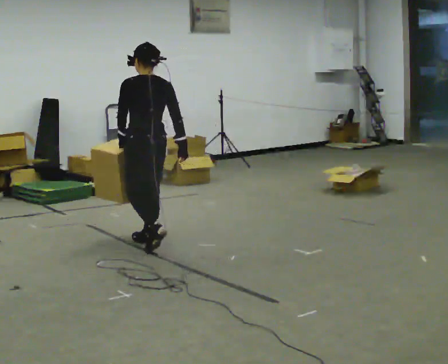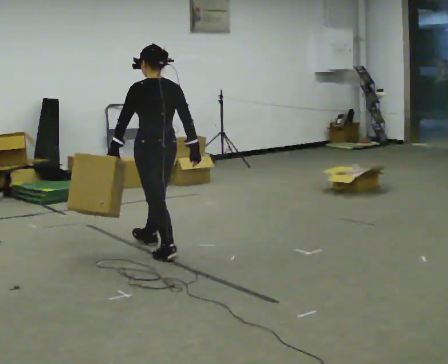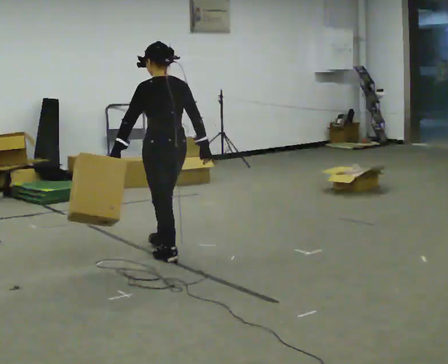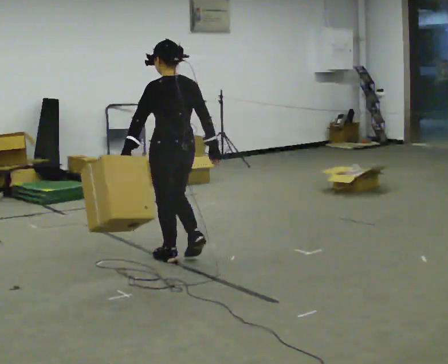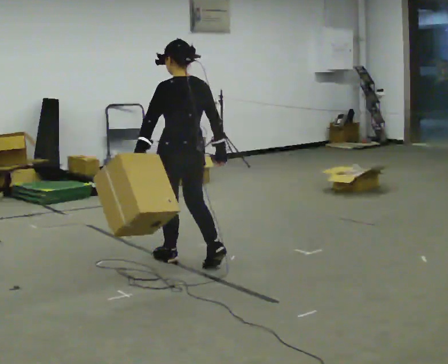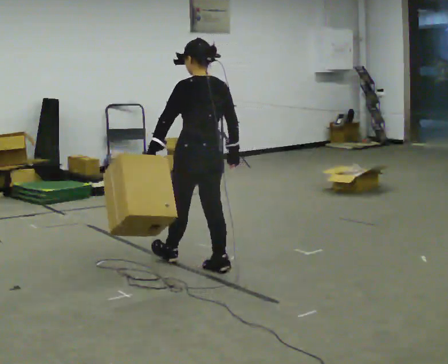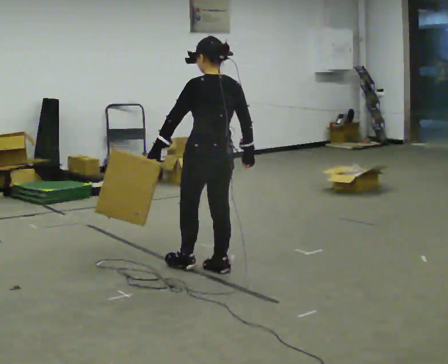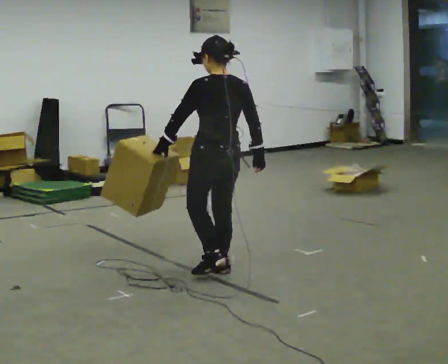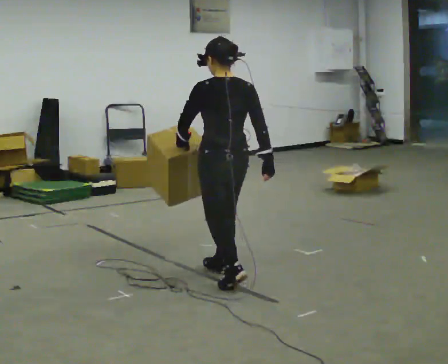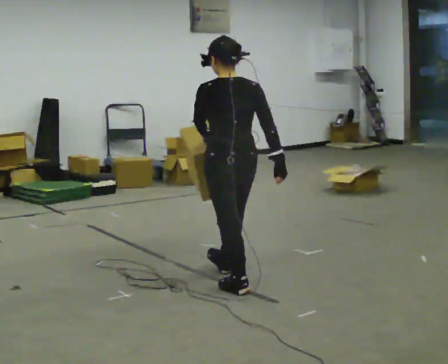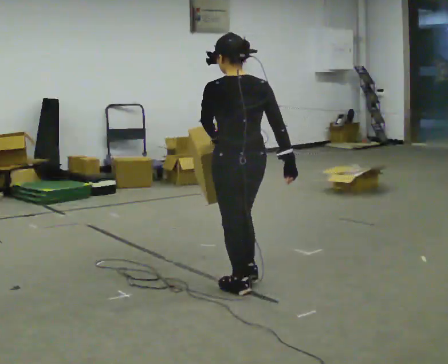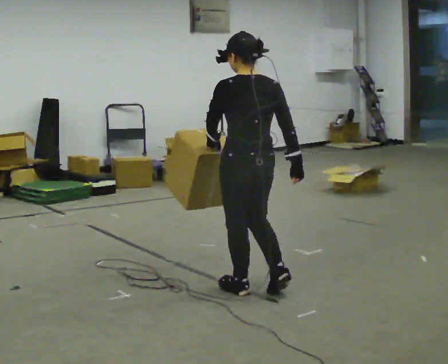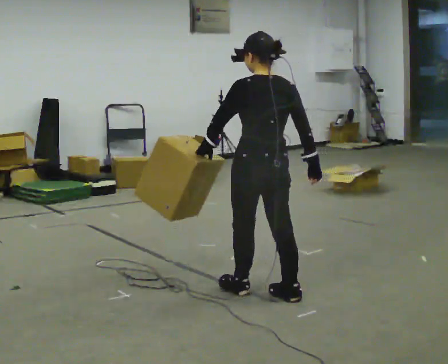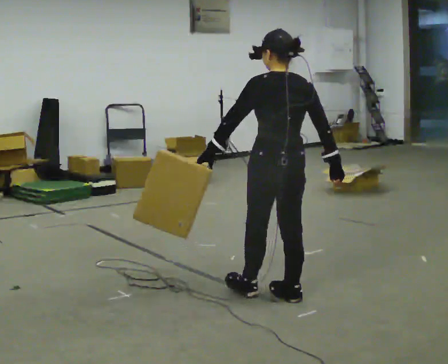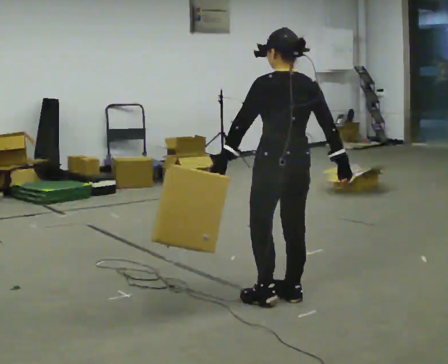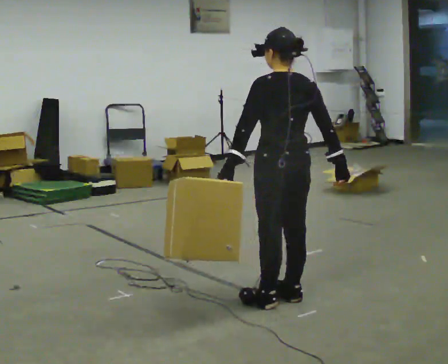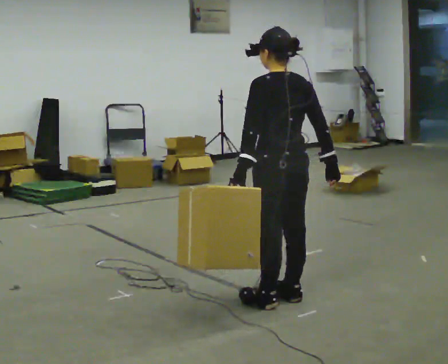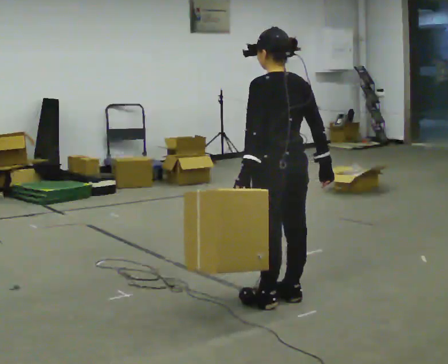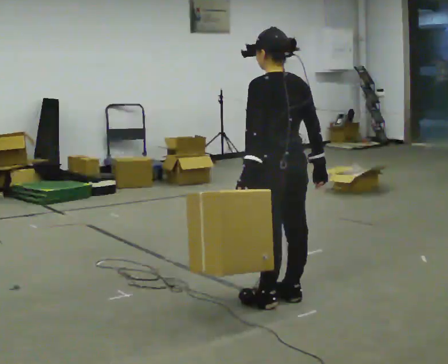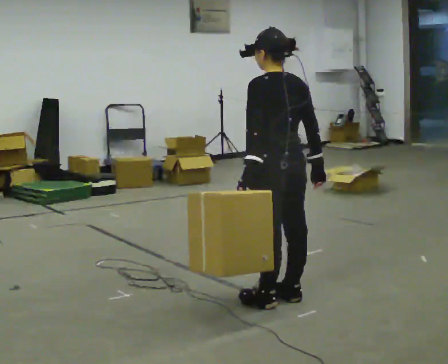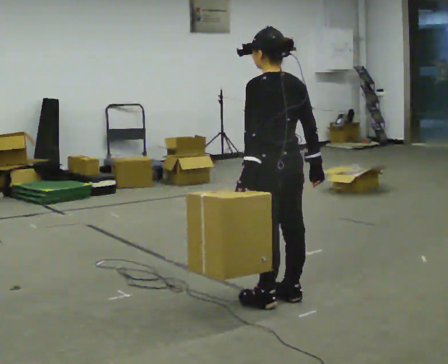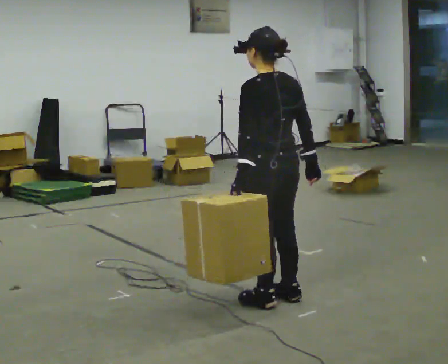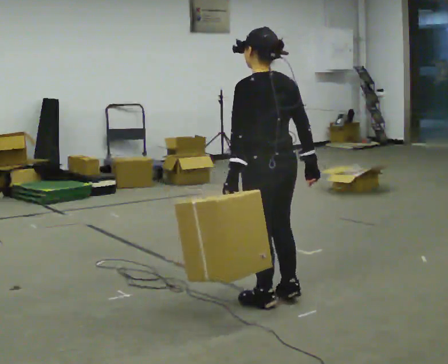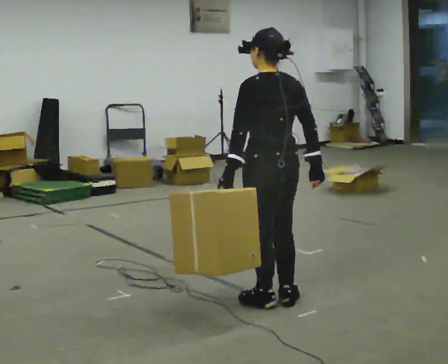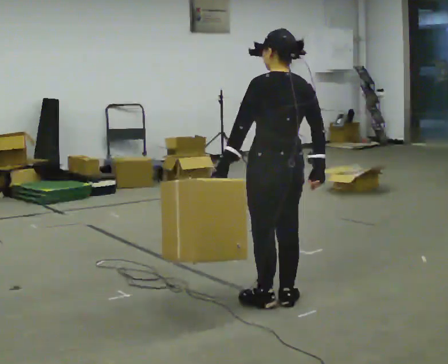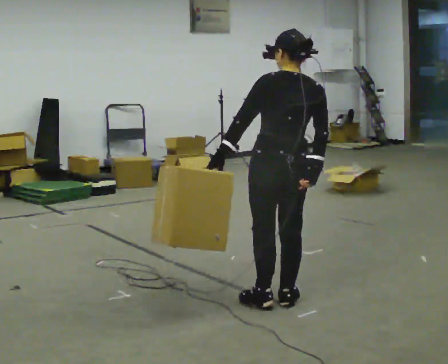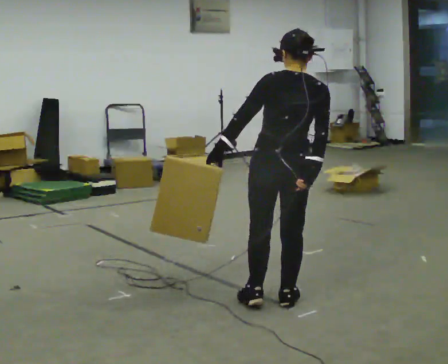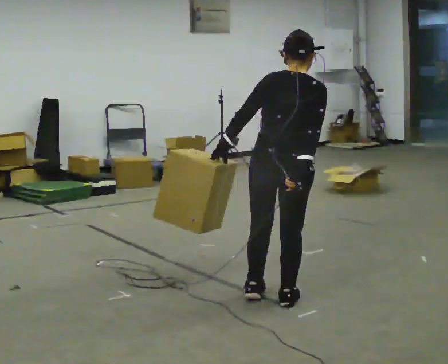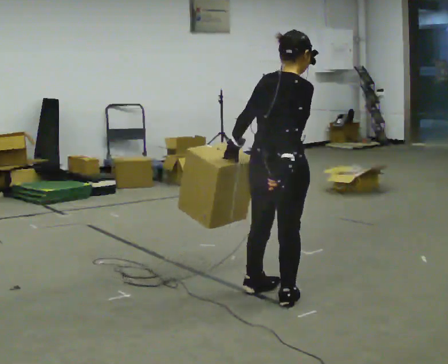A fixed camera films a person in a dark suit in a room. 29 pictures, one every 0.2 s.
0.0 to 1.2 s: In the picture they go toward the camera and to the right, about 0.5 m in 2 steps, which for them is backward.
1.2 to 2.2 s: In the picture they go toward the camera and to the right, about 0.5 m in 1 step, which for them is backward.
2.2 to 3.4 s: In the picture they go to the right and toward the camera, about 0.25 m in 1 step, which for them is backward.
3.4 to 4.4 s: The person moves a little, or ends about where they began.
4.4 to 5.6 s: The part of the body nearest the lens slides to the left as the person turns to their right by about 75 degrees. In the picture the upper body tilts clockwise, shoulders to the right.
The film runs backward here.
